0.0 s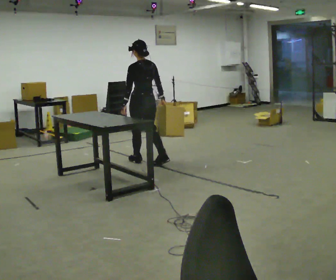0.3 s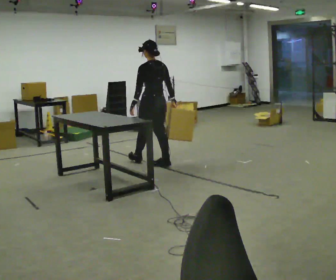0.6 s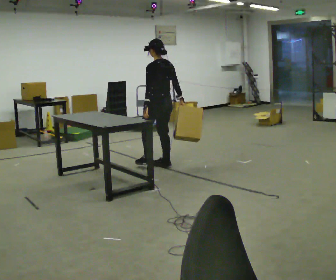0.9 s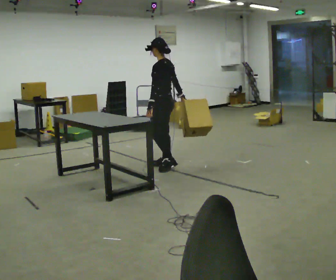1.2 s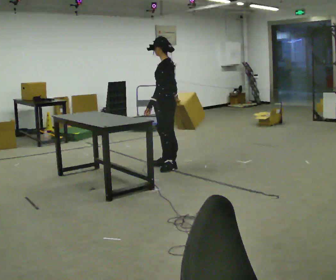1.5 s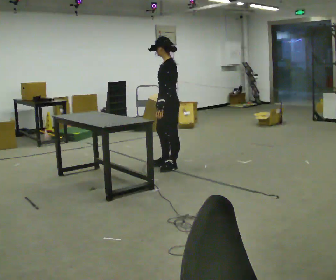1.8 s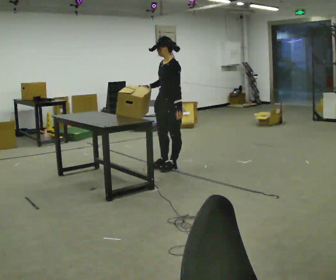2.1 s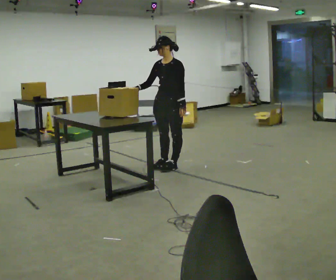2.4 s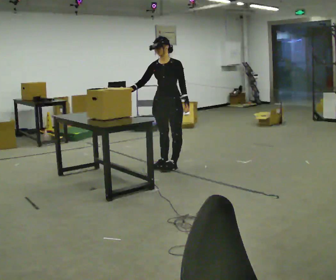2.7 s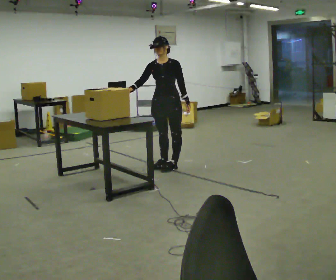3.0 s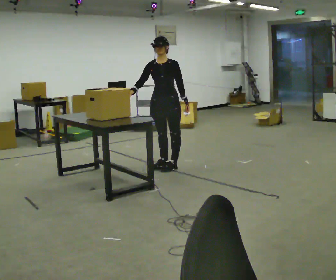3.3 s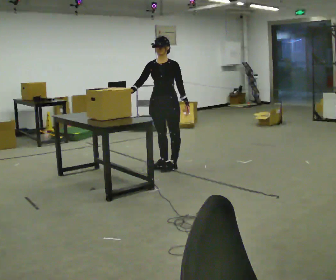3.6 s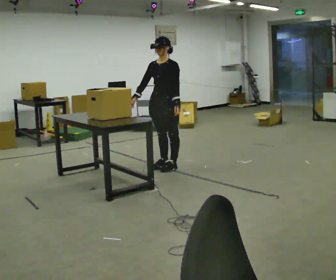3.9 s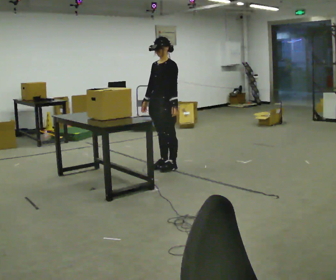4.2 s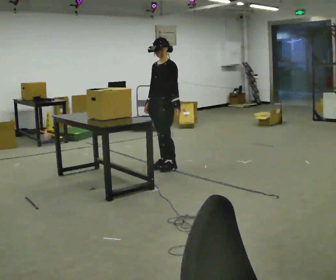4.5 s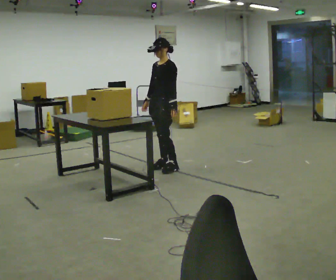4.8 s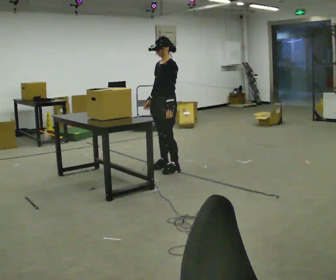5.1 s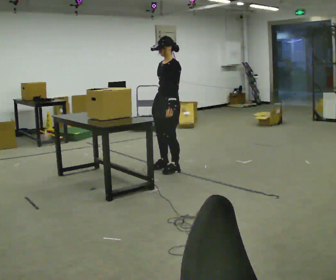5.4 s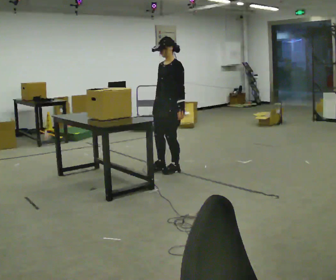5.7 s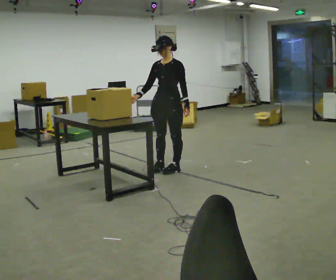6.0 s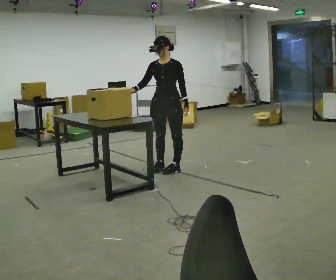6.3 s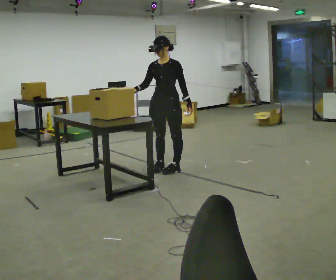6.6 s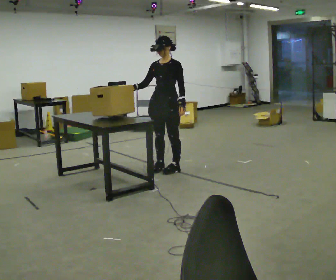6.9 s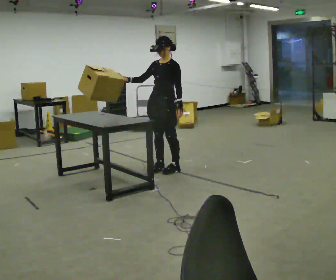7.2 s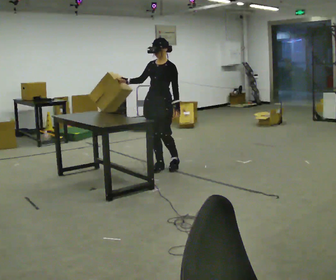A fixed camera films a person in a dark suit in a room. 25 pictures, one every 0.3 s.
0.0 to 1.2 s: Seen from above the body turns counterclockwise, about 60 degrees: to their left, with its near side sliding to the right. In the picture they go to the right and toward the camera, about 0.5 m in 1 step, which for them is backward.
1.2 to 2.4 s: Seen from above the body turns counterclockwise, about 75 degrees: to their left, with its near side sliding to the right. In the picture their right hand goes to the left, the arm swinging clockwise.
2.4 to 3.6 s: The person moves a little, or ends about where they began.
3.6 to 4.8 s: Seen from above the body turns clockwise, about 30 degrees: to their right, with its near side sliding to the left.
4.8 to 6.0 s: Seen from above the body turns counterclockwise, about 45 degrees: to their left, with its near side sliding to the right.
6.0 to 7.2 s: The person moves a little, or ends about where they began.
The film runs backward here.
